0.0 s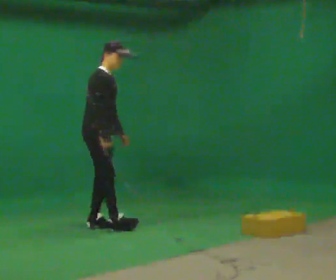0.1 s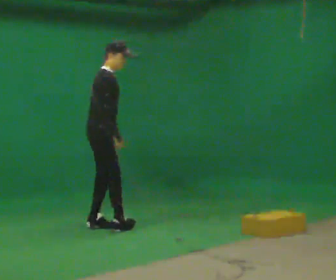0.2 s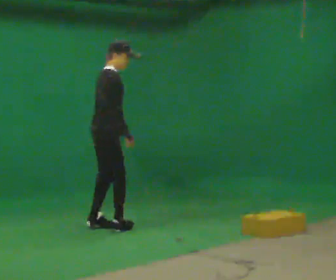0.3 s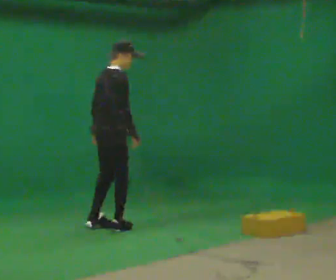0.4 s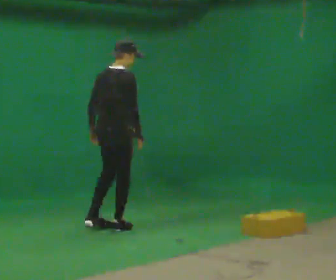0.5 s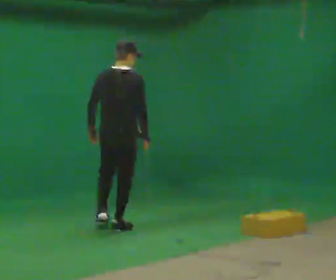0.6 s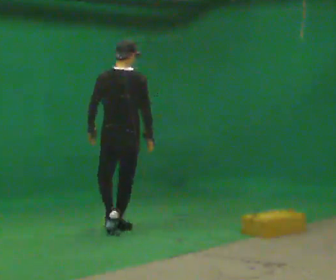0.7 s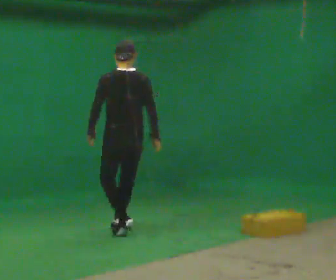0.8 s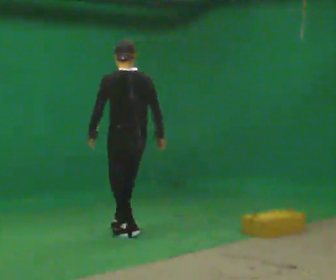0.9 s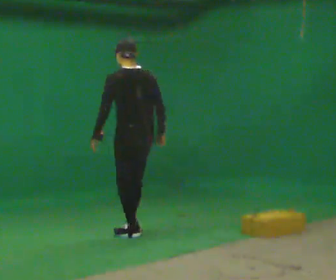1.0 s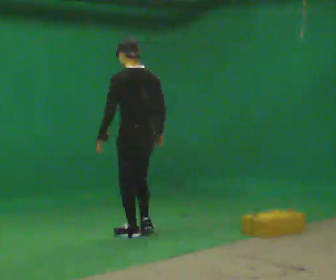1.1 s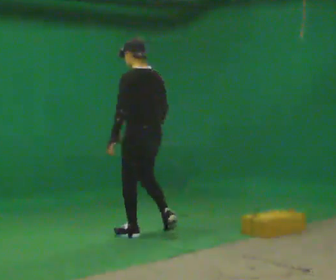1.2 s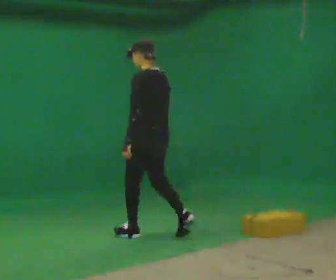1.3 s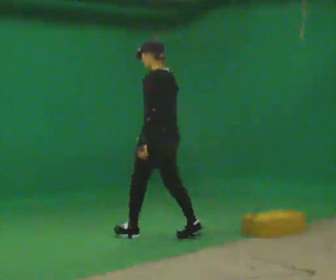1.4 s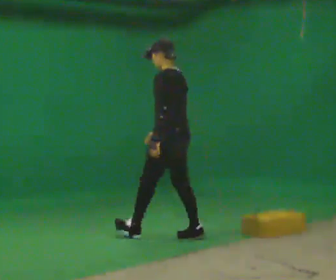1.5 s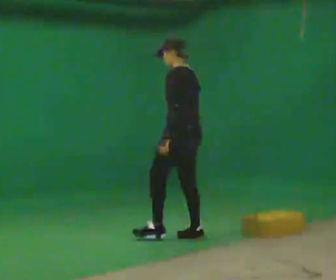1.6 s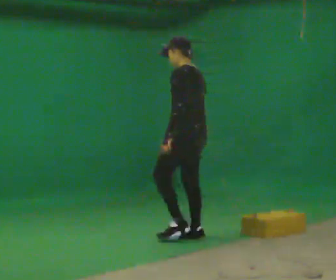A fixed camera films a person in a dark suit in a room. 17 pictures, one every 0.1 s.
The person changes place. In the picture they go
to the right.
The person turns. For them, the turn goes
to their left.
0.0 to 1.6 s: The part of the body nearest the lens slides to the right as the person turns to their left by about 165 degrees. In the picture they go to the right and toward the camera, about 1 m in 3 steps. In the picture the upper body tilts counterclockwise, shoulders to the left.
The film runs backward here.
